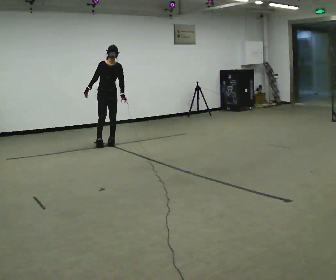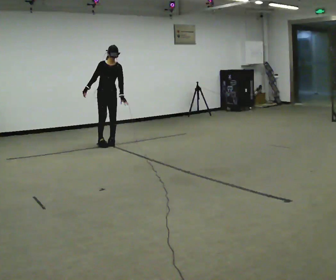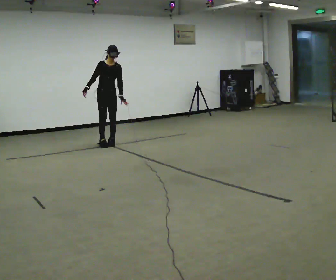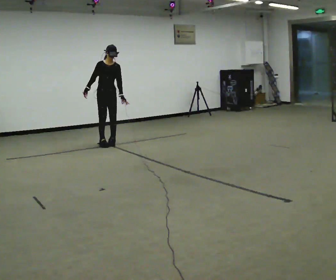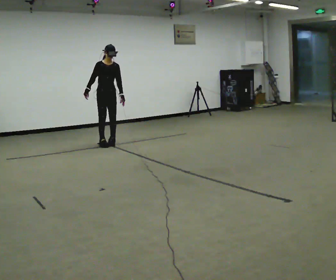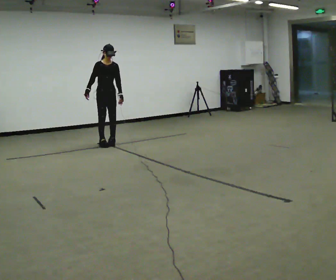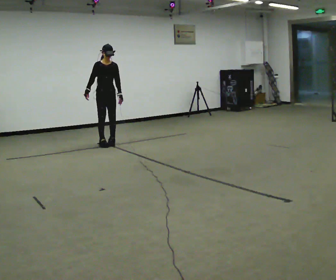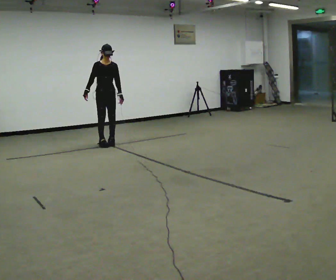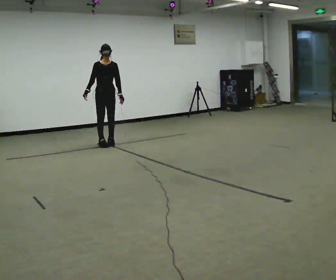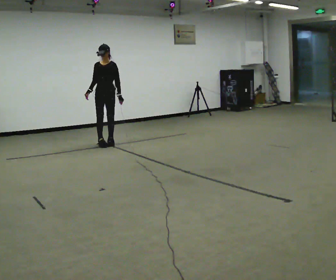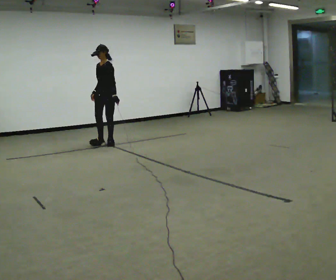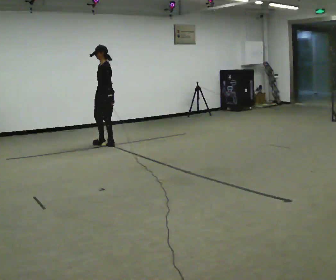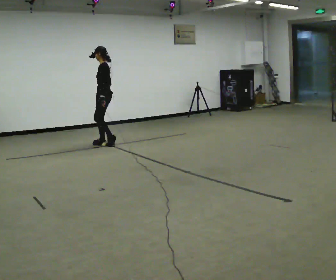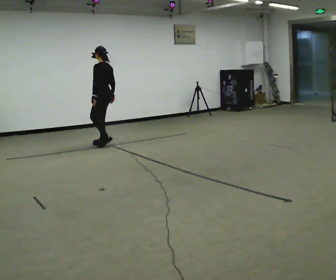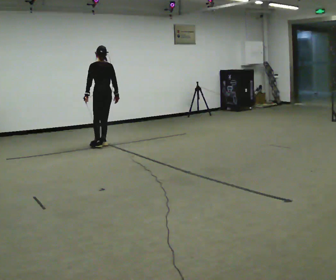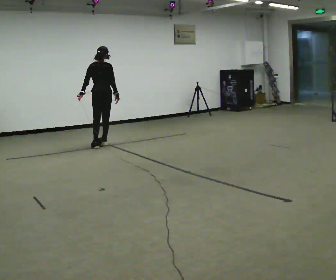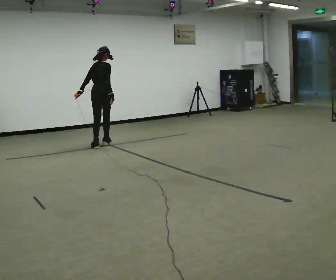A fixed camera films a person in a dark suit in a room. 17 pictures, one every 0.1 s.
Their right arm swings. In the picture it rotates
counterclockwise.
The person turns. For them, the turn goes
to their right.
0.0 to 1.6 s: The part of the body nearest the lens slides to the left as the person turns to their right by about 225 degrees. In the picture they go toward the camera, about 0.25 m in 2 steps. In the picture their right hand goes to the right, the arm swinging counterclockwise.
The film runs forward here.
